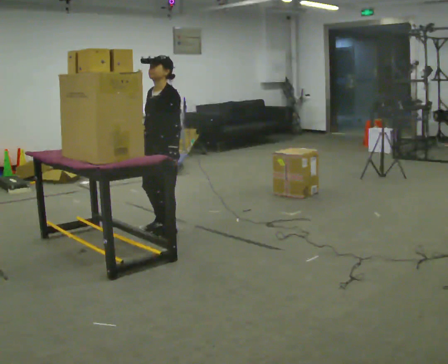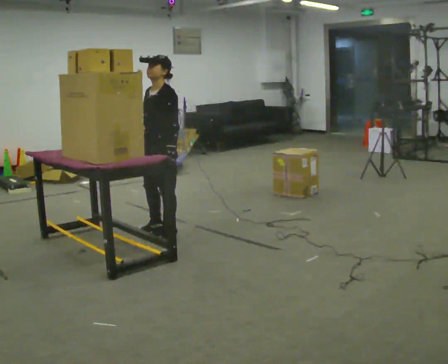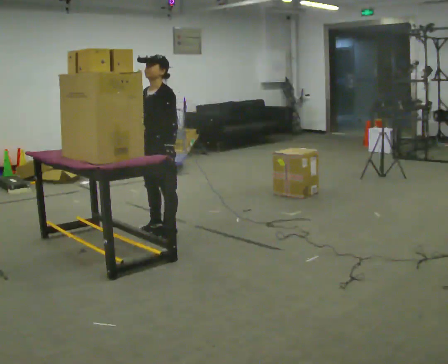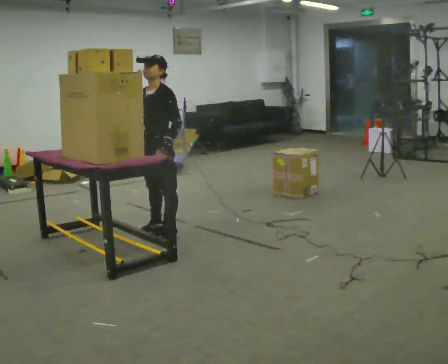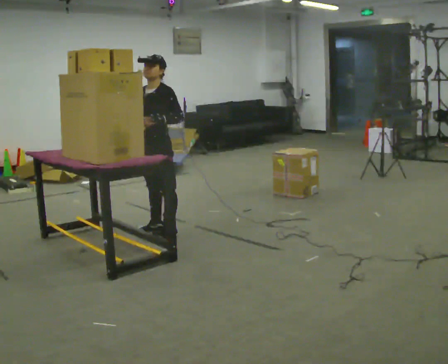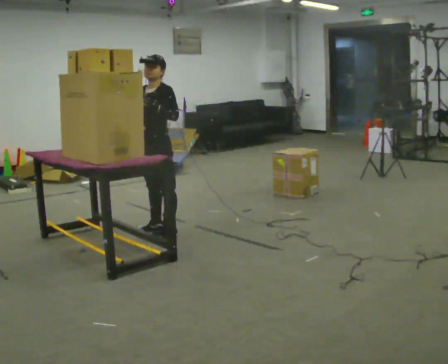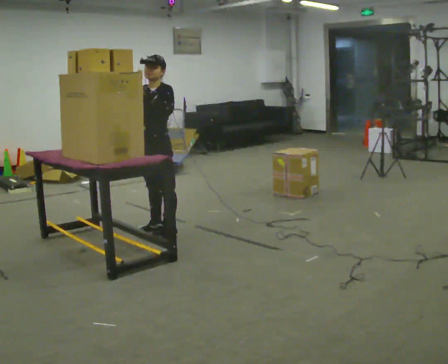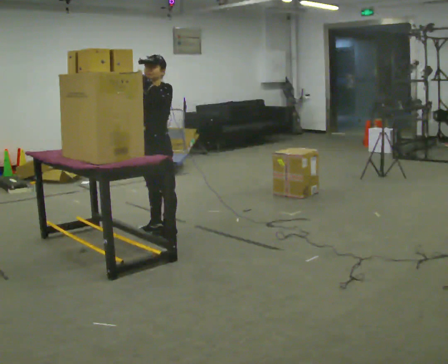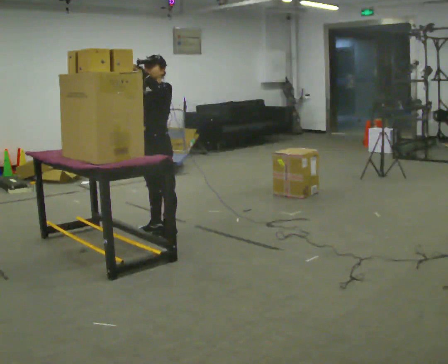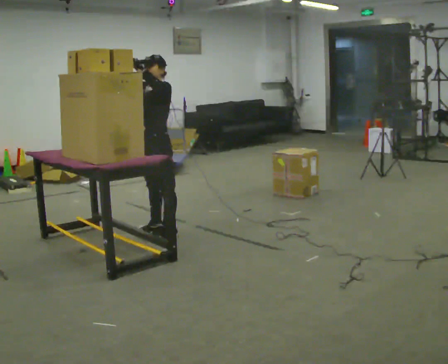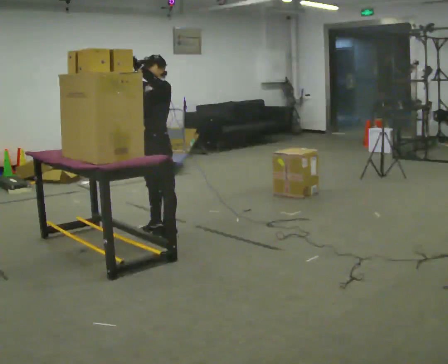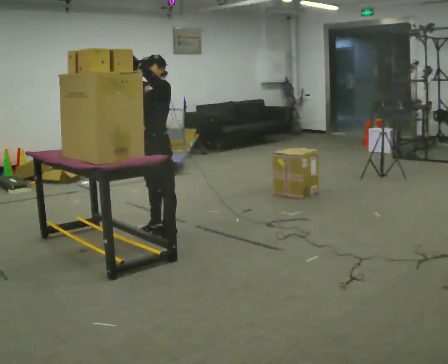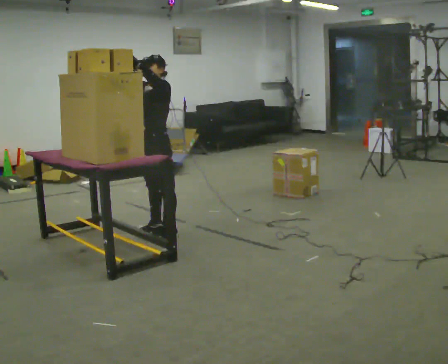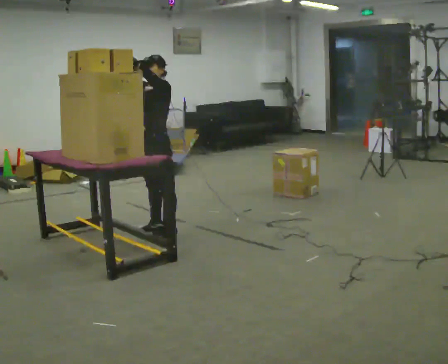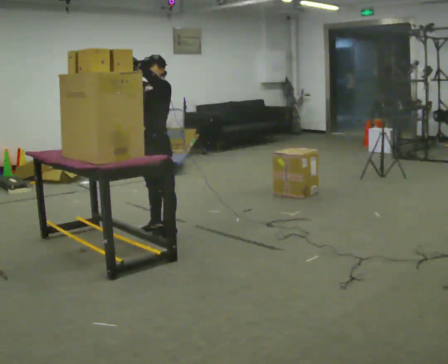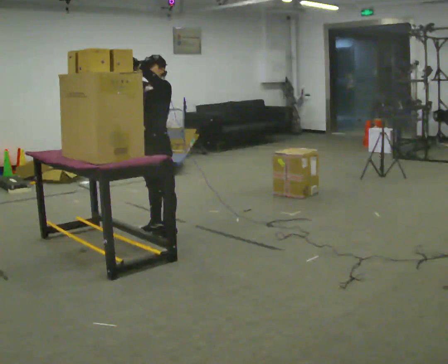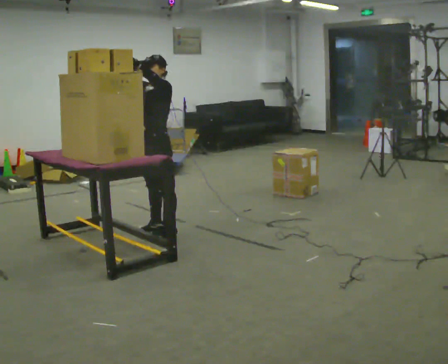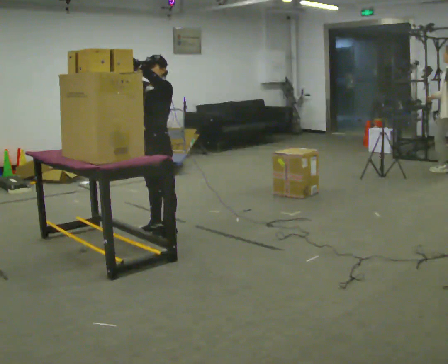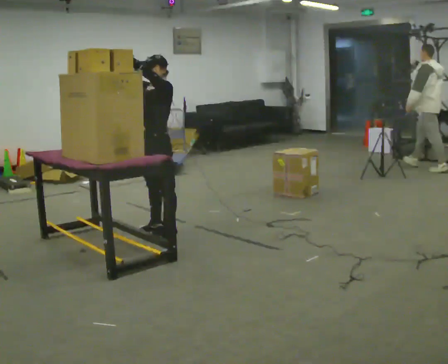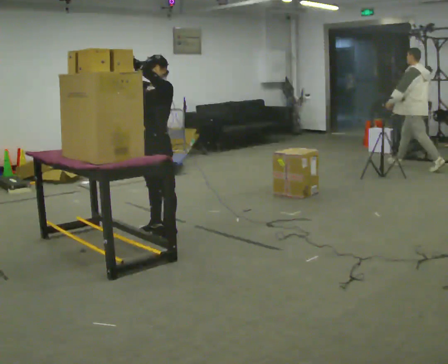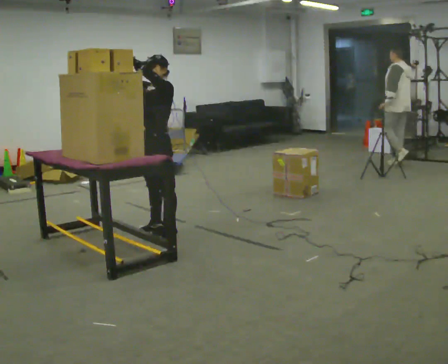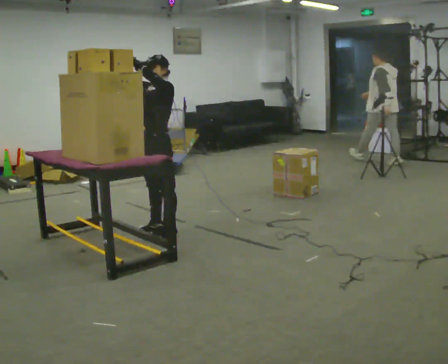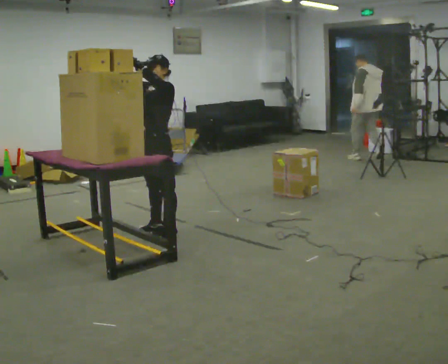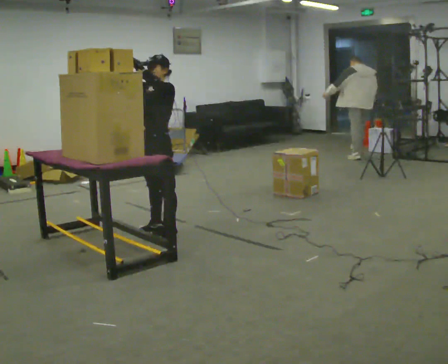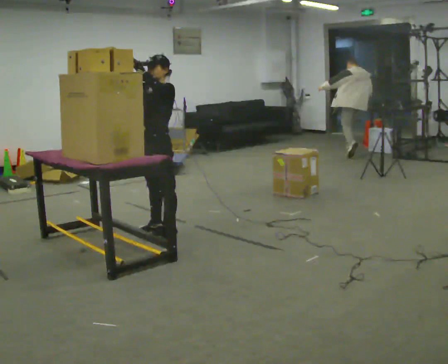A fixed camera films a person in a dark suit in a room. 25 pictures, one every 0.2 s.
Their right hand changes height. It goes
upward.
Their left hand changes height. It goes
upward.
0.0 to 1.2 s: In the picture their right hand goes upward.
1.2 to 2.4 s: The person moves a little, or ends about where they began.
2.4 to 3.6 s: The person keeps their place and pose.
3.6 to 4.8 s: The person moves a little, or ends about where they began.
The film runs forward here.
